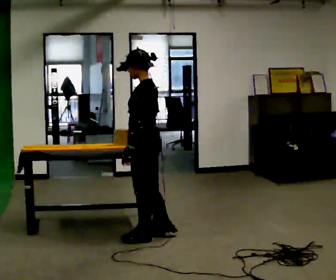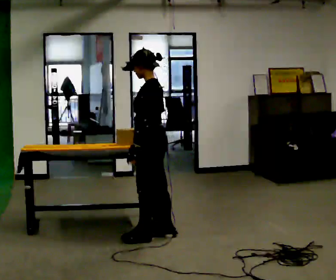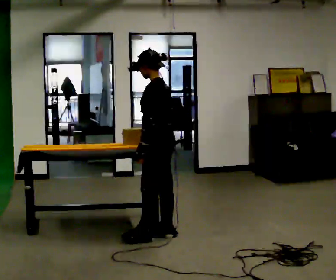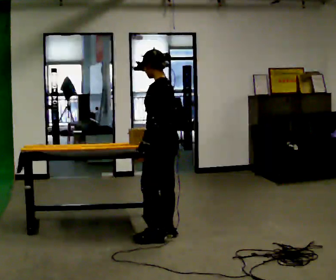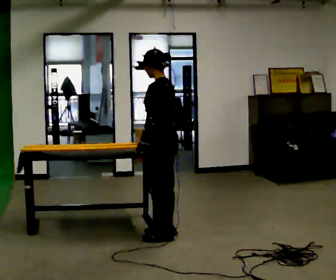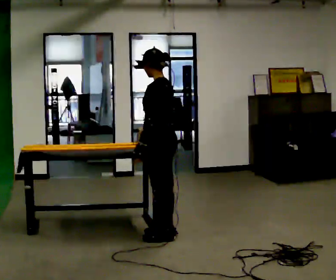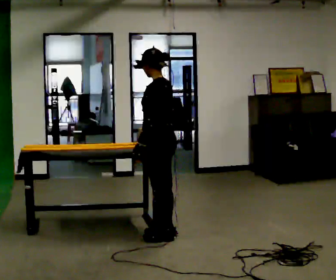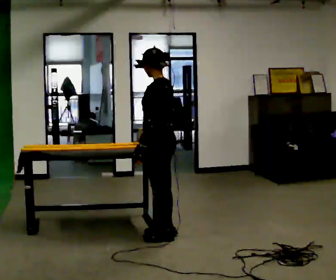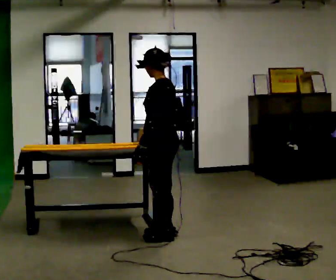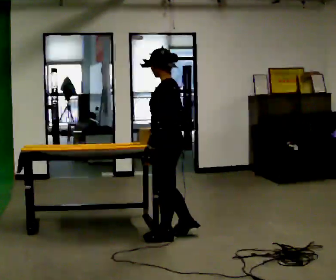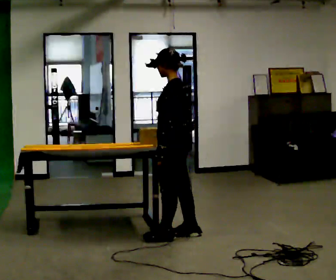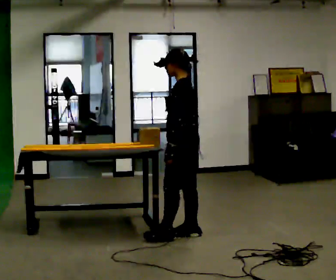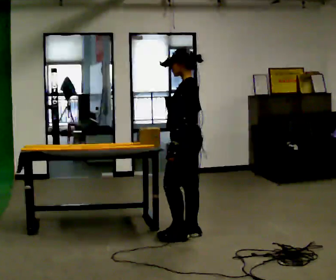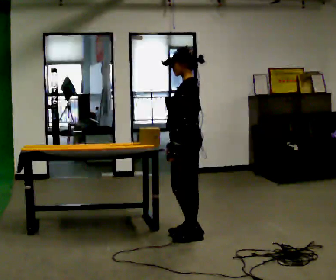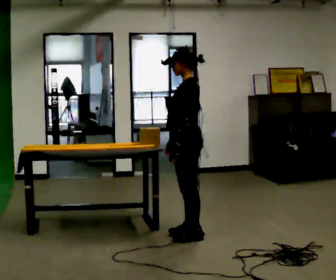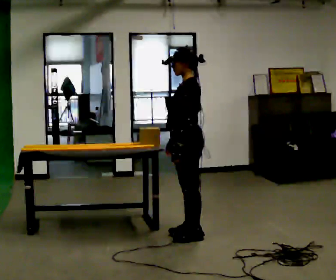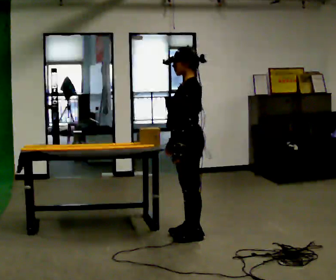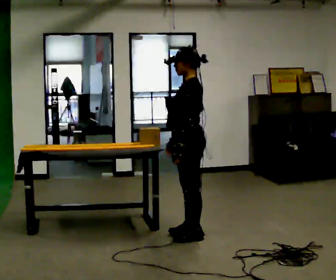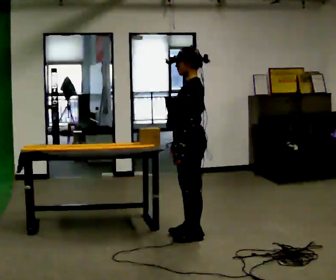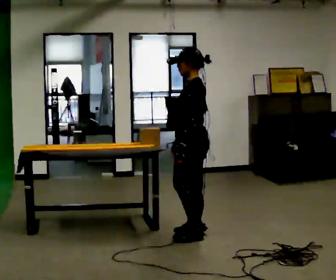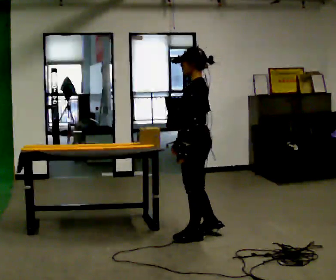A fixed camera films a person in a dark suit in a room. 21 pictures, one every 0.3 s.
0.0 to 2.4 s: The person moves a little, or ends about where they began.
2.4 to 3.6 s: In the picture they go to the right, about 0.25 m in 2 steps, which for them is backward.
3.6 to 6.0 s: The person moves a little, or ends about where they began.
The film runs backward here.
